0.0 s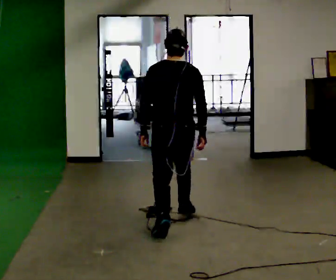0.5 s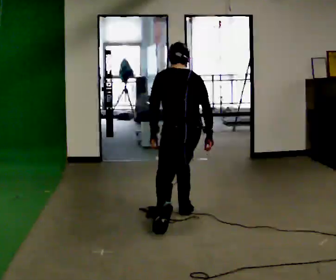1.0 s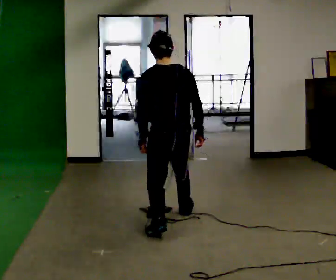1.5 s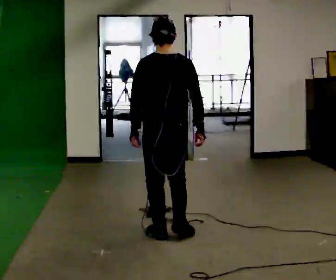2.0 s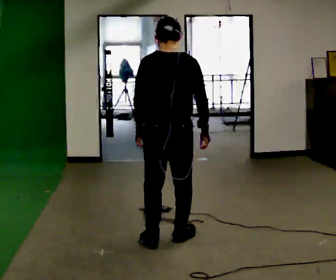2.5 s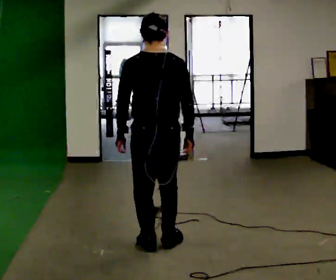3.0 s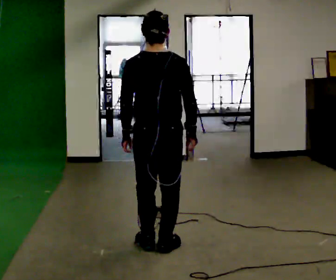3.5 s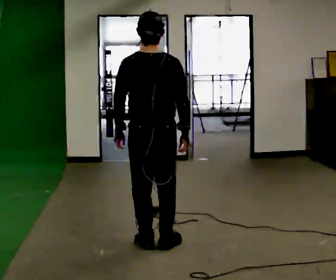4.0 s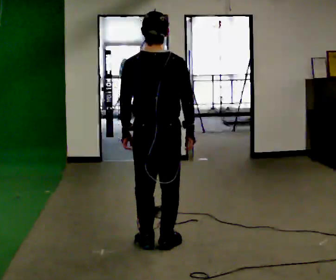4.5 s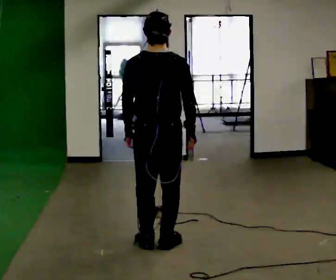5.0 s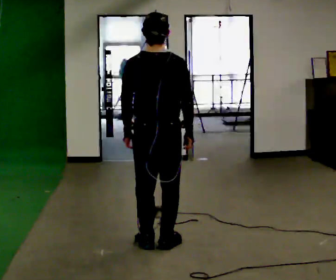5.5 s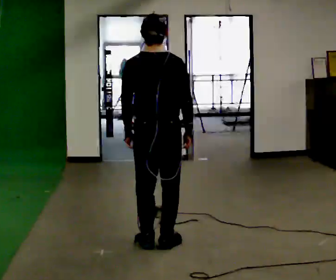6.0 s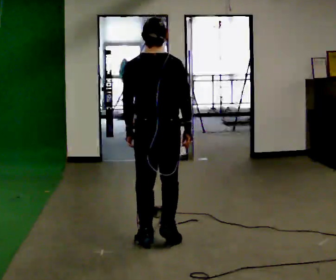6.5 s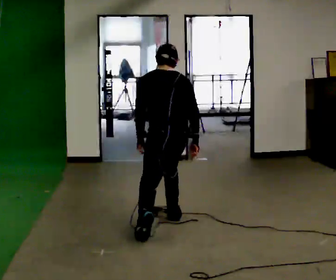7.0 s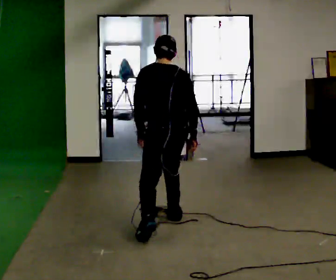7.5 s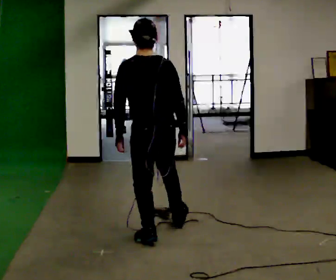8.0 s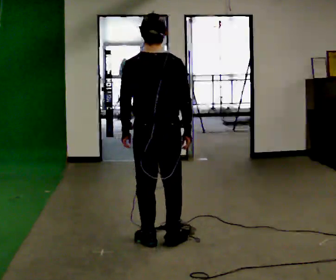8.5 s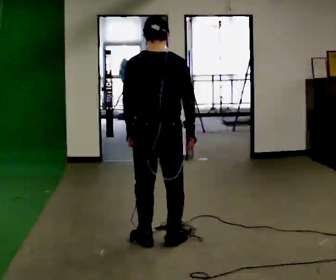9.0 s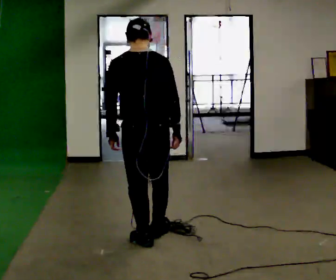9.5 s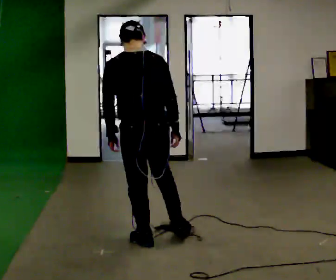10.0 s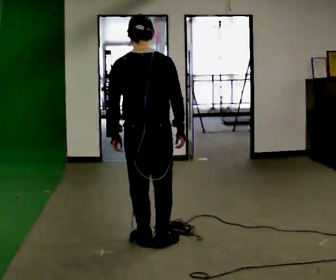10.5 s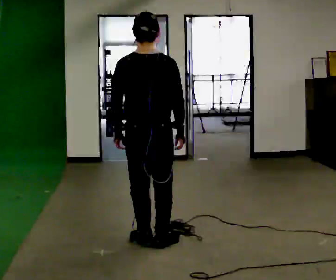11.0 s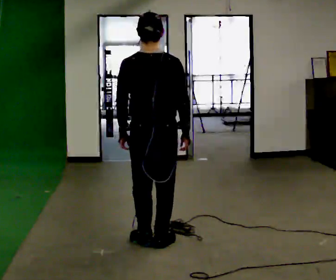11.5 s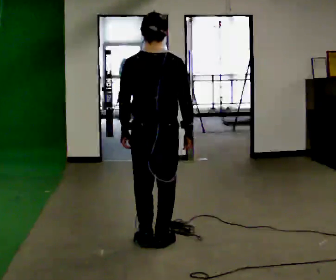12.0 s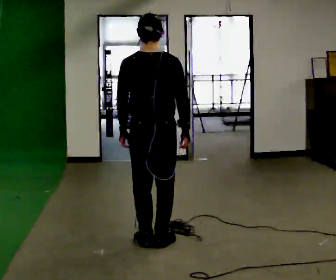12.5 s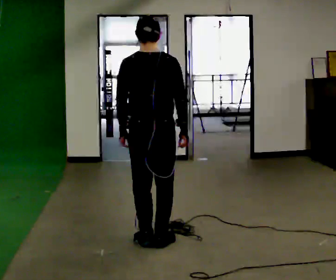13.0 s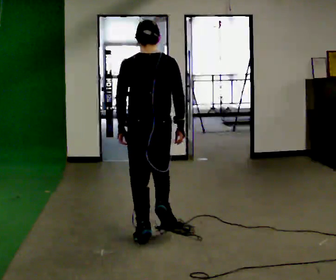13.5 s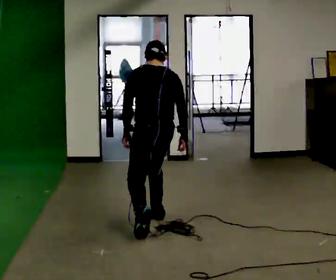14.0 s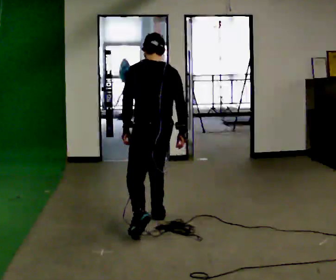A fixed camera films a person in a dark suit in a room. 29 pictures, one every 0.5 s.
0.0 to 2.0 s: In the picture they go toward the camera, about 0.5 m in 3 steps, which for them is backward and to their left.
2.0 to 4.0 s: The person moves a little, or ends about where they began.
4.0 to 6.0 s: In the picture they go away from the camera, about 0.25 m, which for them is forward.
6.0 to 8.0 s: In the picture they go toward the camera, about 0.25 m in 2 steps, which for them is backward.
8.0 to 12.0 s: The person moves a little, or ends about where they began.
12.0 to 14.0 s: The part of the body nearest the lens slides to the right as the person turns to their left by about 30 degrees. In the picture they go away from the camera, about 0.5 m in 1 step, which for them is forward.
The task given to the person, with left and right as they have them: Stand on the marked spots with your feet together. Lean forward from the ankles, keeping your body straight, until you cannot hold it any longer, then step forward to catch yourself. Return to the spots. Repeat at your own pace until the operator says stop. Go slowly and only as far as you are comfortable. Step whenever you need to; do not try to hold on longer than feels safe.
The film runs forward here.
